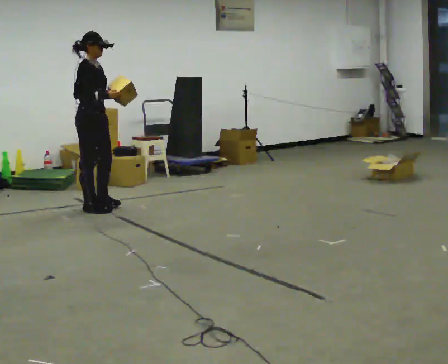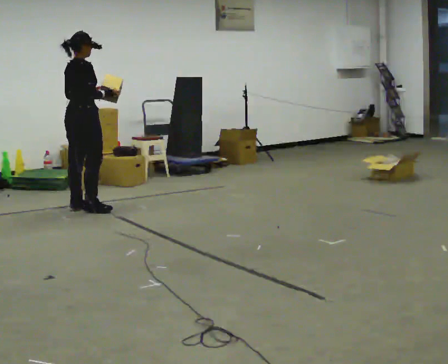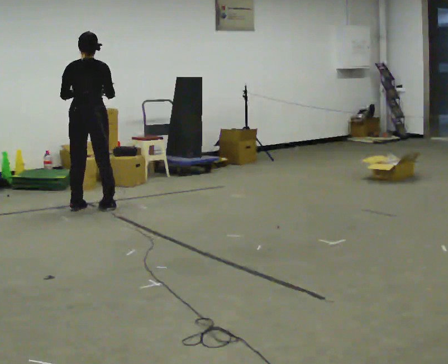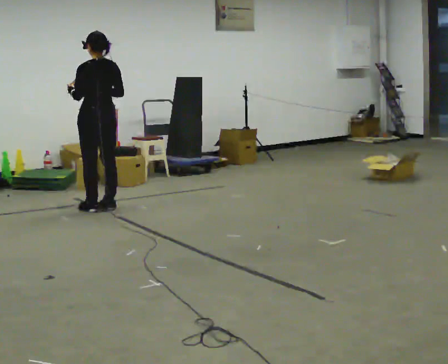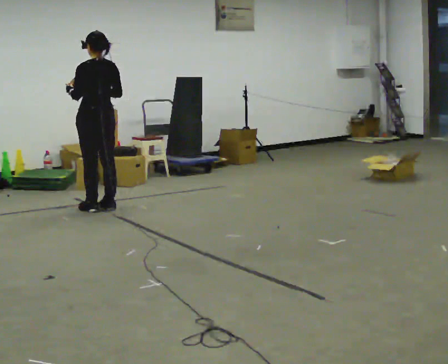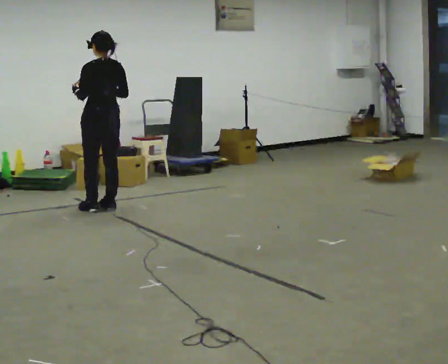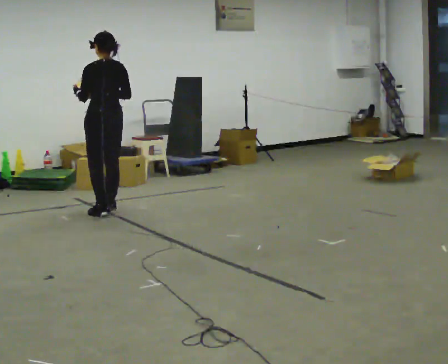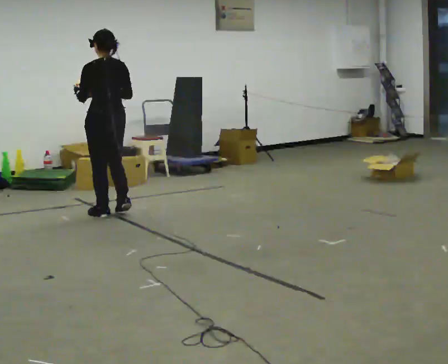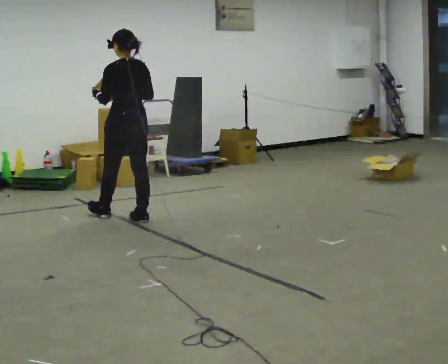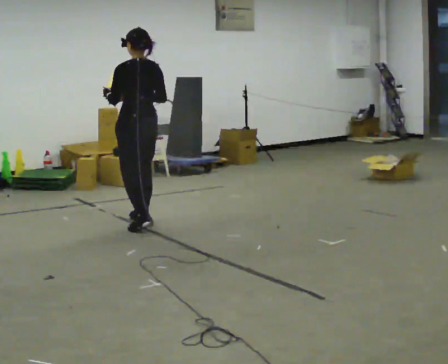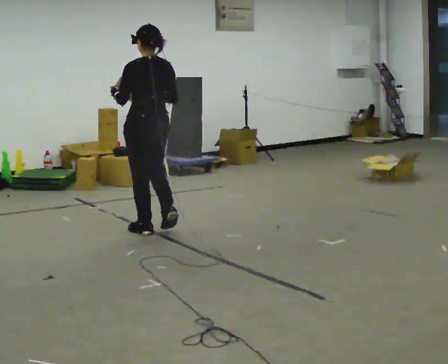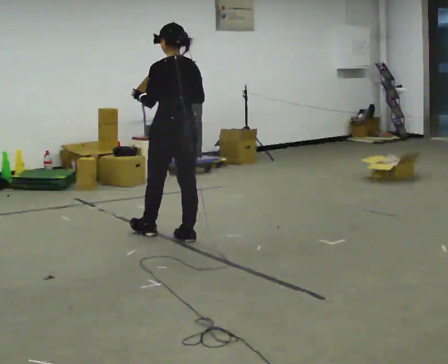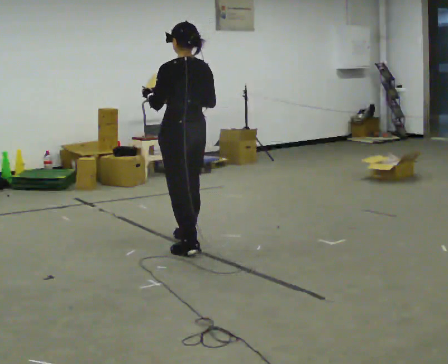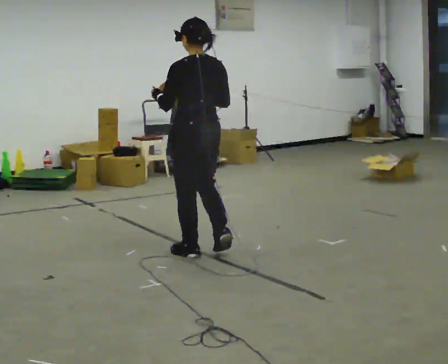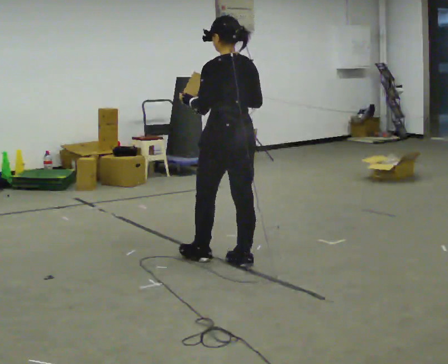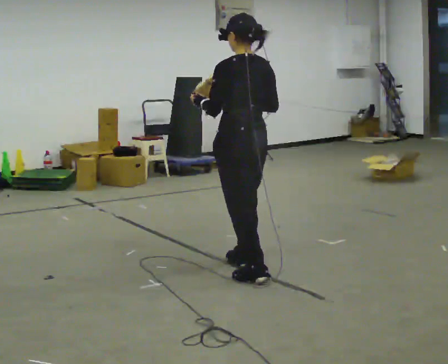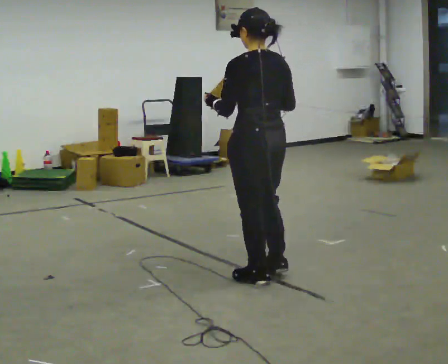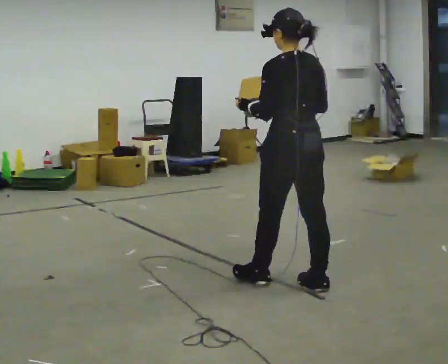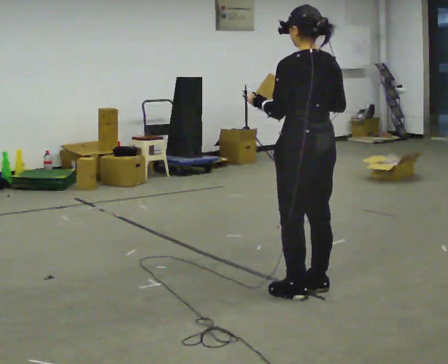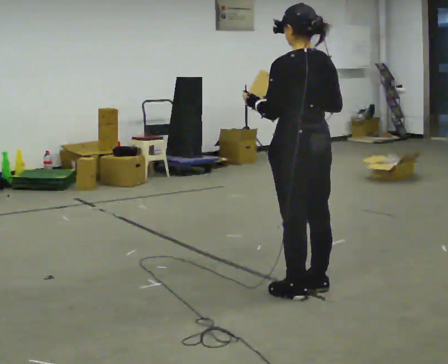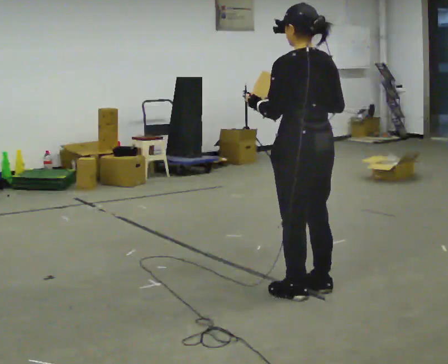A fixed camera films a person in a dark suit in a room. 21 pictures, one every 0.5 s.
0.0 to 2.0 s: Seen from above the body turns counterclockwise, about 135 degrees: to their left, with its near side sliding to the right.
2.0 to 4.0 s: In the picture they go toward the camera and to the right, about 0.5 m in 2 steps, which for them is backward.
4.0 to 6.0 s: In the picture they go toward the camera and to the right, about 1 m in 3 steps, which for them is backward.
6.0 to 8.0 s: In the picture they go toward the camera and to the right, about 1 m in 3 steps, which for them is backward.
8.0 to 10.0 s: In the picture they go toward the camera and to the right, about 0.25 m in 1 step, which for them is backward.
The film runs backward here.
